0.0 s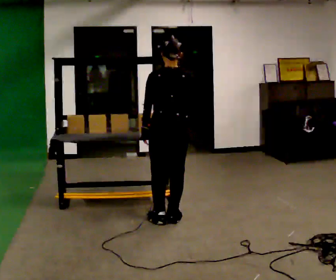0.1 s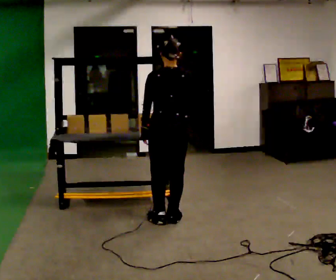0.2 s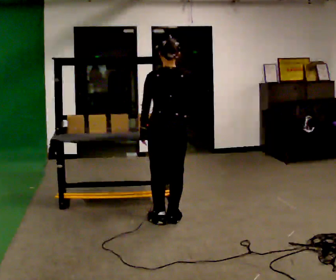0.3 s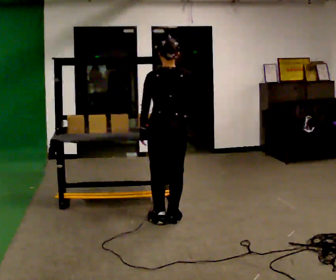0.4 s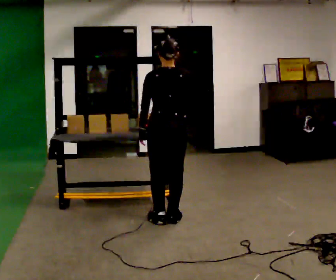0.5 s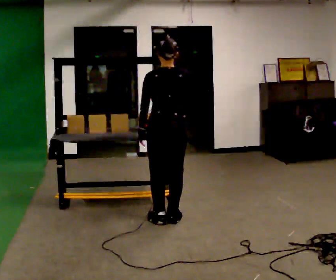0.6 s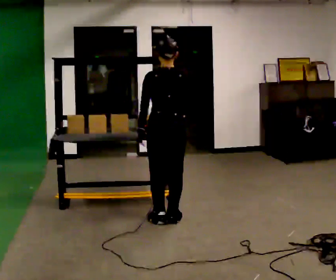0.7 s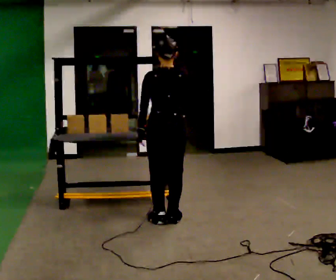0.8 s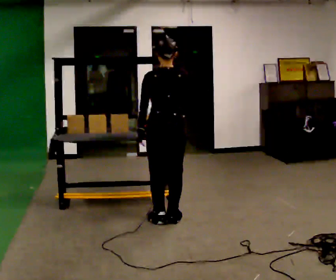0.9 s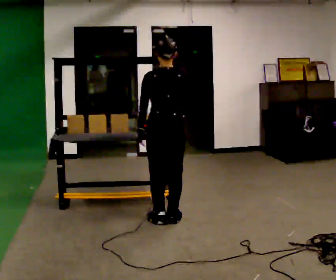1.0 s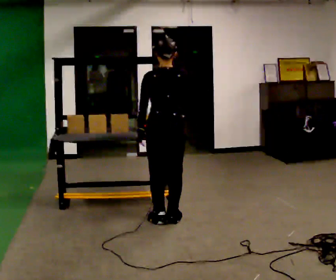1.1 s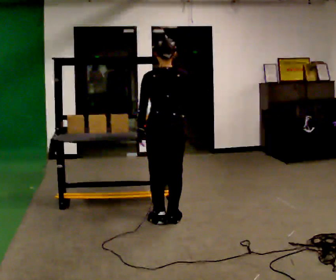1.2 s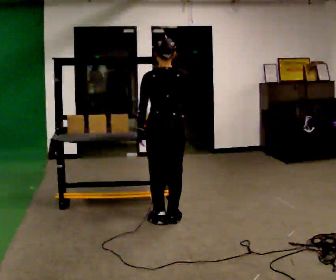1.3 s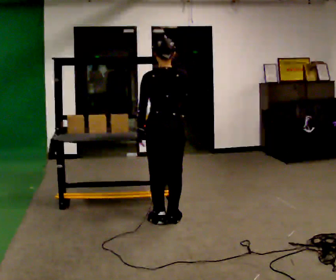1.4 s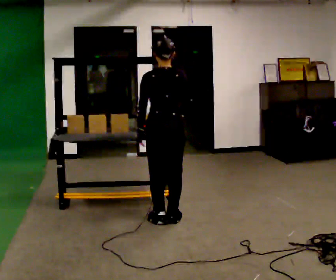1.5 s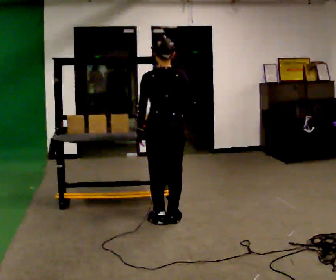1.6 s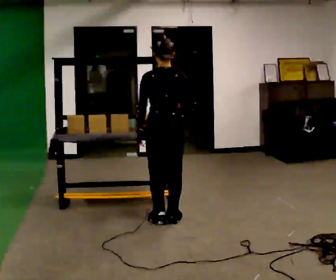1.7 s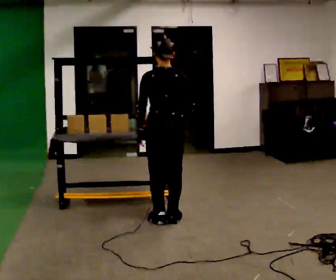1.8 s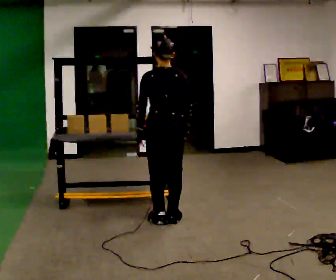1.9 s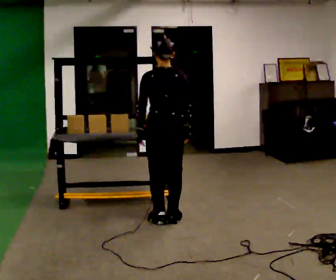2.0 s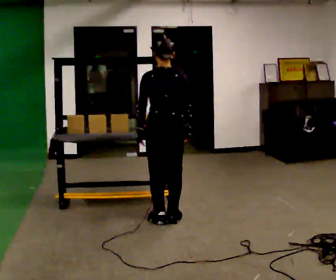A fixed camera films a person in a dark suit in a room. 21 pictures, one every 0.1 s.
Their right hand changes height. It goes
downward.
0.0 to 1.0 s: The person moves a little, or ends about where they began.
1.0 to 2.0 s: In the picture their right hand goes downward.
The film runs forward here.
